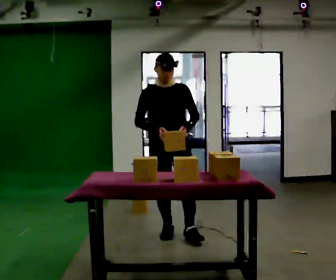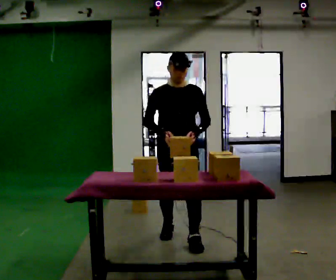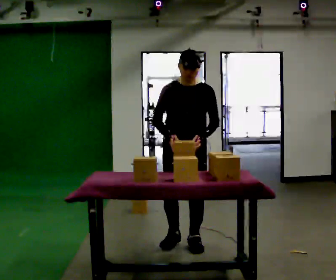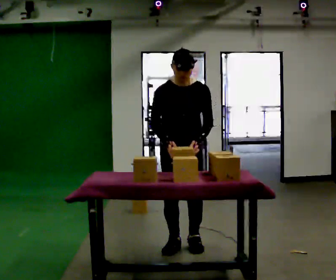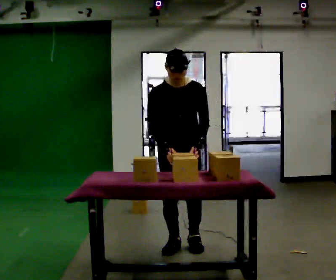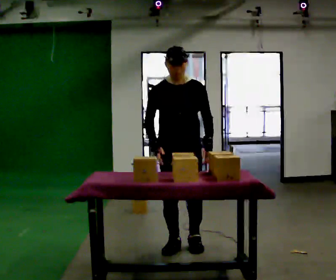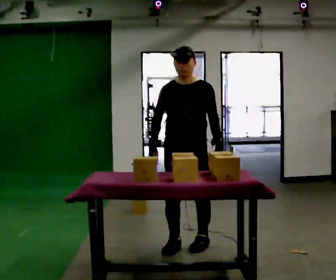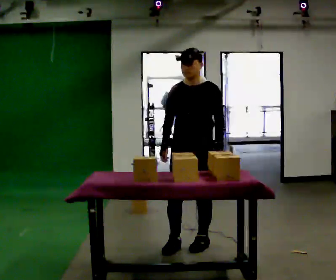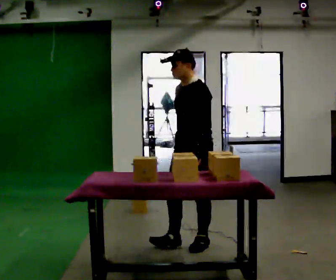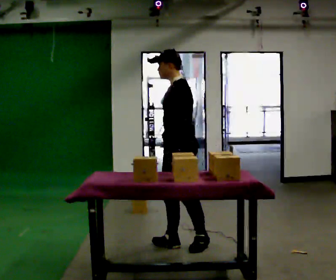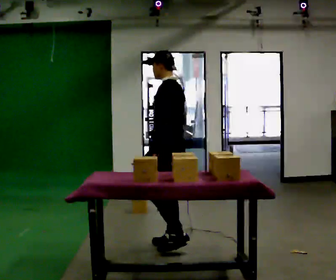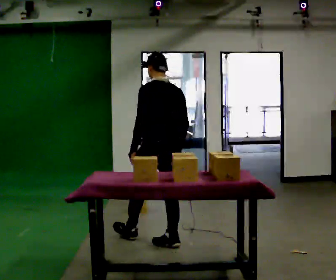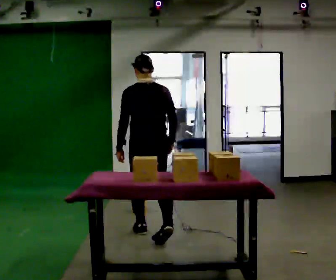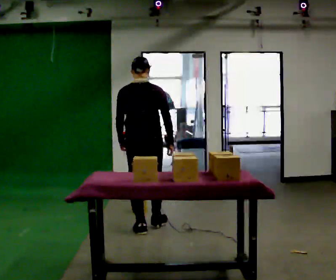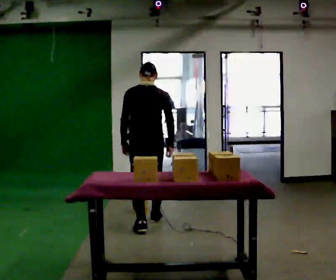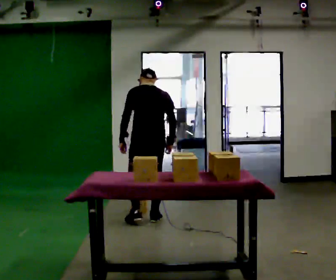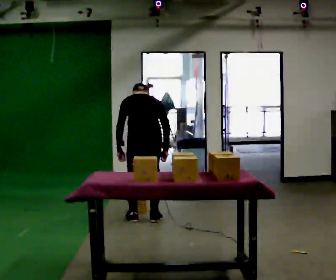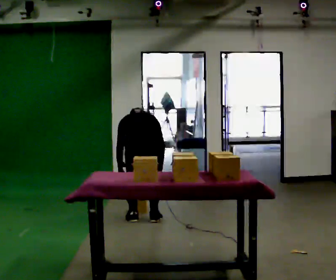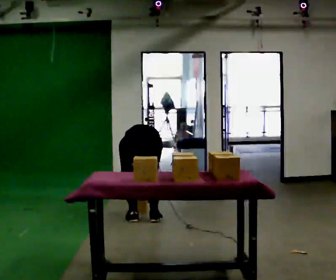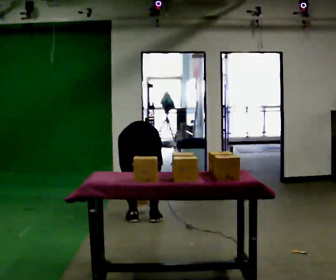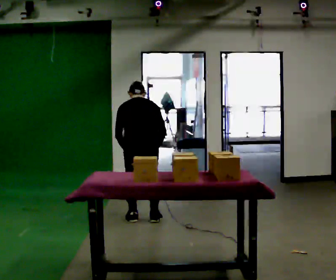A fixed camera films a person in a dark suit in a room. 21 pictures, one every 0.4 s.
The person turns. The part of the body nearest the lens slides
to the left.
The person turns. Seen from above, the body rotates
clockwise.
0.0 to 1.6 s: In the picture they go toward the camera, about 0.5 m in 2 steps, which for them is forward.
1.6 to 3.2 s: The person turns about 60 degrees to their right, clockwise seen from above, so the part of the body nearest the lens slides to the left. In the picture they go to the right, about 0.25 m.
3.2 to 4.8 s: The part of the body nearest the lens slides to the left as the person turns to their right by about 120 degrees. In the picture they go to the left and away from the camera, about 0.5 m in 1 step.
4.8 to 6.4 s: In the picture they go away from the camera, about 0.5 m in 2 steps, which for them is forward. The upper body tips away from the camera, its near side rolling upward, as they bend forward.
6.4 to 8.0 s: The person moves a little, or ends about where they began.
The film runs forward here.
